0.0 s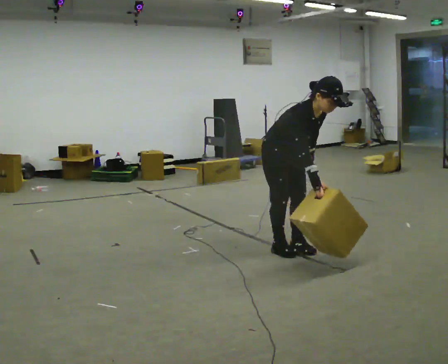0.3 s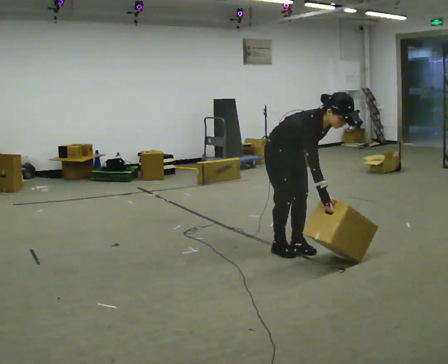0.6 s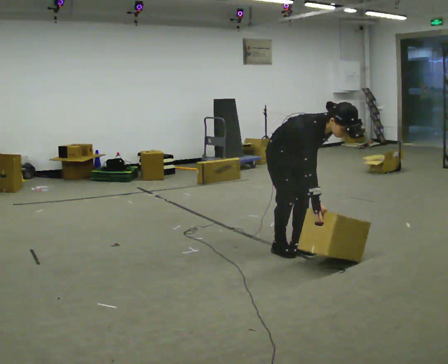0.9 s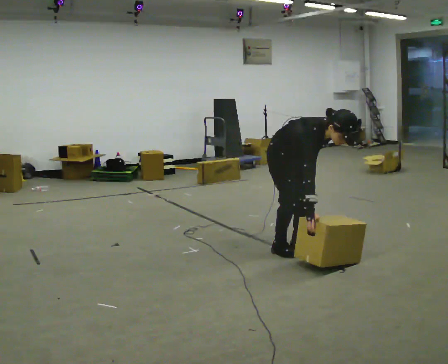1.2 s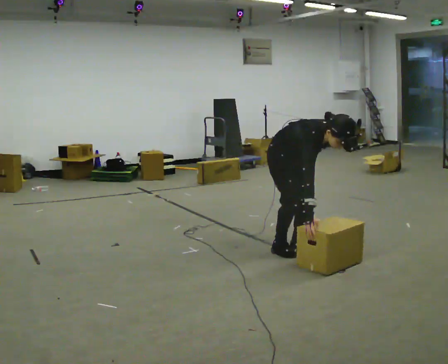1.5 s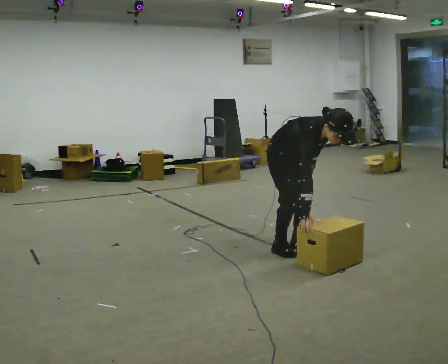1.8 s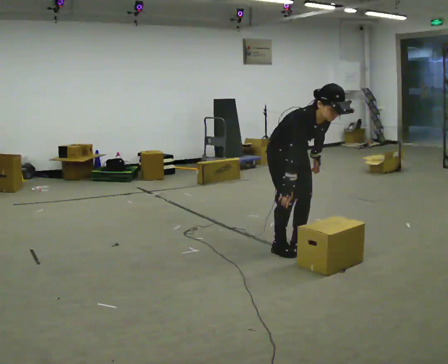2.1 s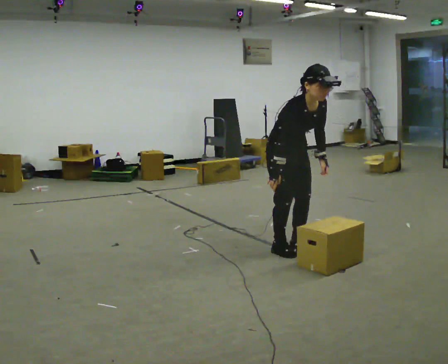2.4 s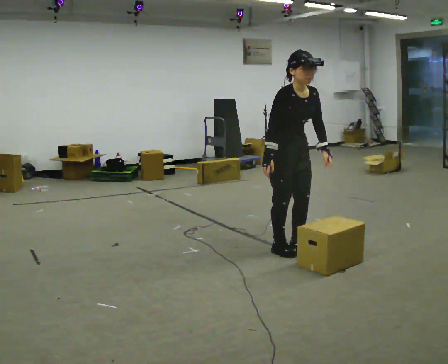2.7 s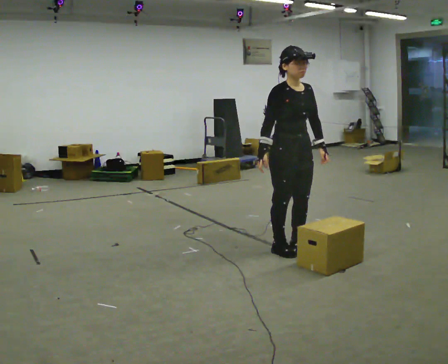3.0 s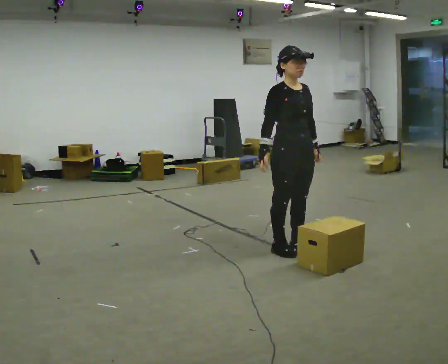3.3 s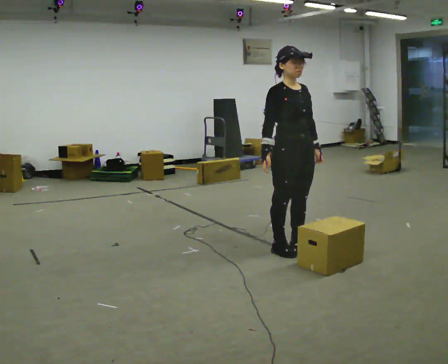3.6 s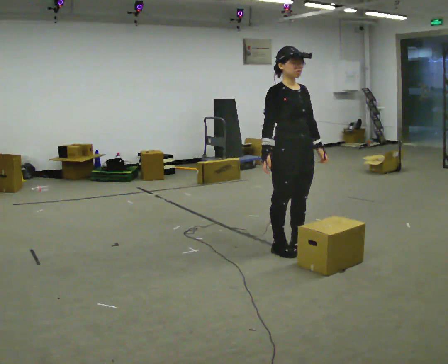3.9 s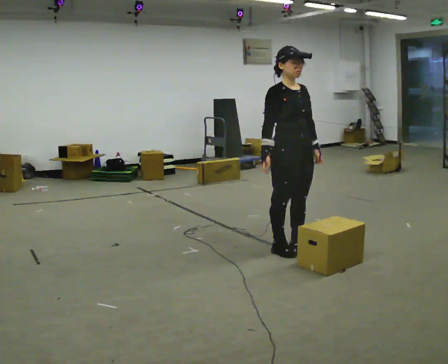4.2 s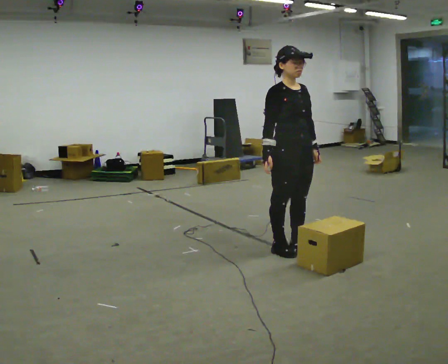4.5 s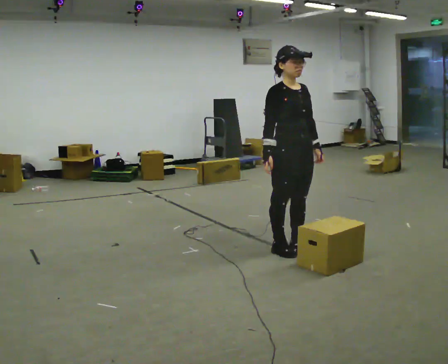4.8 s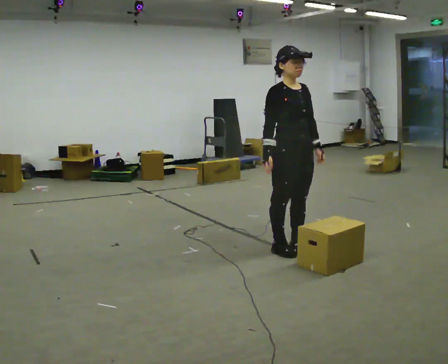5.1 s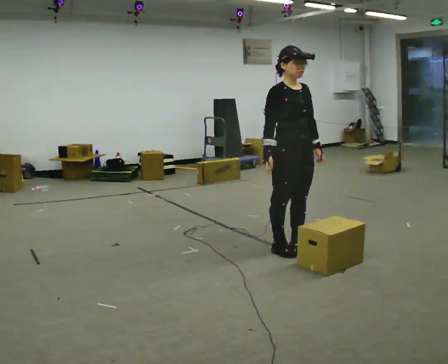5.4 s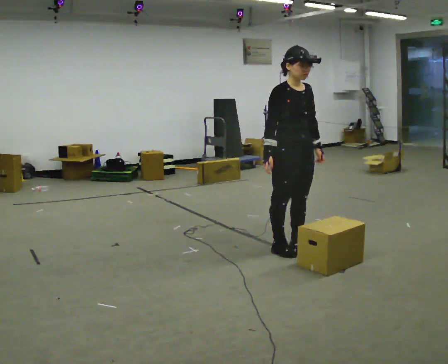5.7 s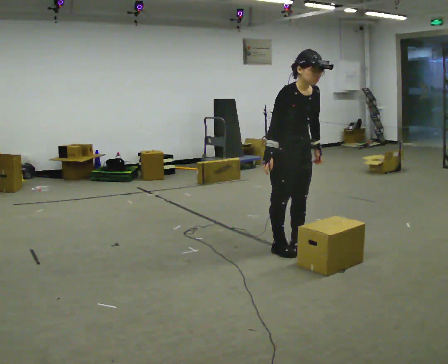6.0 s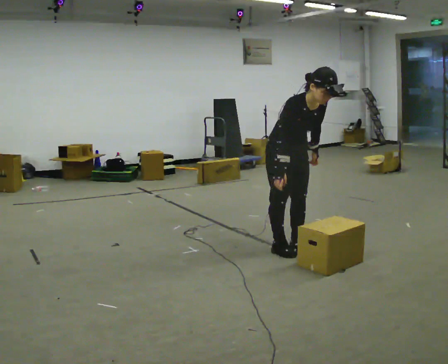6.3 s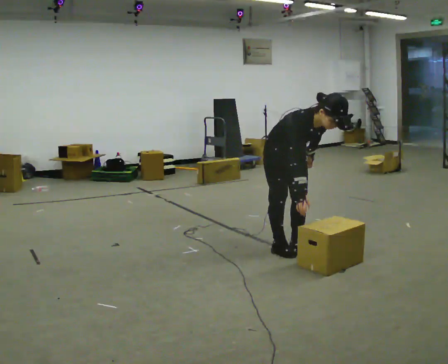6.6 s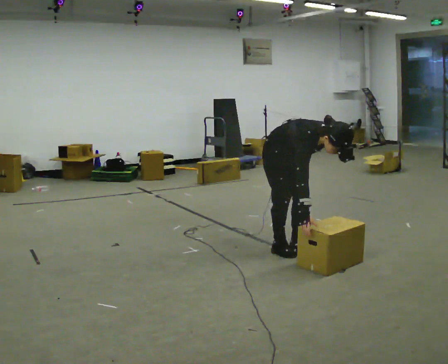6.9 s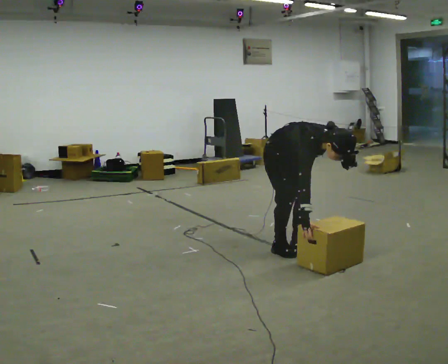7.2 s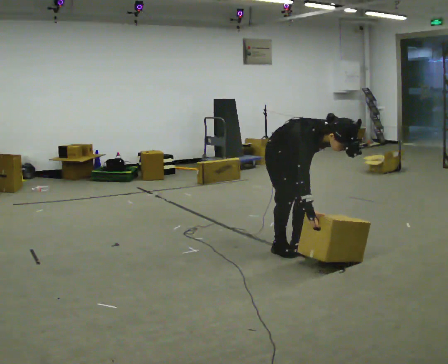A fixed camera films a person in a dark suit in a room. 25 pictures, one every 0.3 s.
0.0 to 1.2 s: The shoulders move downward. The upper body tips toward the camera, its near side rolling downward, as they bend forward.
1.2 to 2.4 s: The upper body goes upward. In the picture the upper body tilts counterclockwise, shoulders to the left, as they lean back or straighten.
2.4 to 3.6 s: In the picture the upper body tilts counterclockwise, shoulders to the left, as they lean back or straighten.
3.6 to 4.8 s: The person moves a little, or ends about where they began.
4.8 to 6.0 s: In the picture the upper body tilts clockwise, shoulders to the right, as they bend forward.
6.0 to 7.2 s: The person moves a little, or ends about where they began.
The film runs forward here.
